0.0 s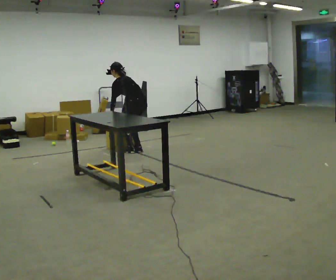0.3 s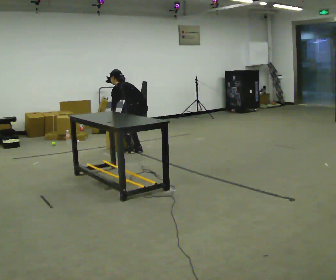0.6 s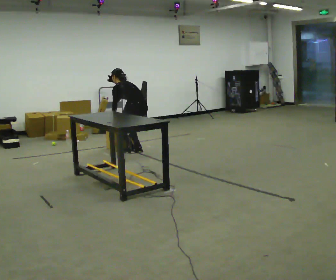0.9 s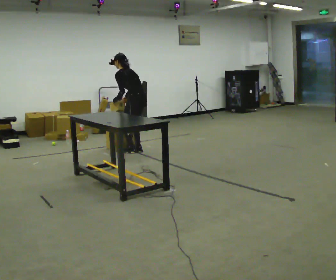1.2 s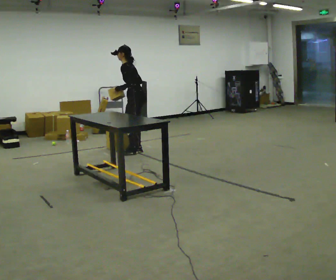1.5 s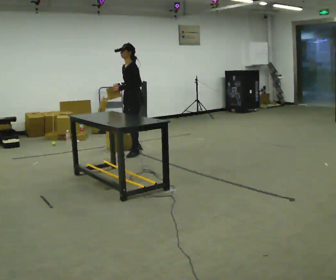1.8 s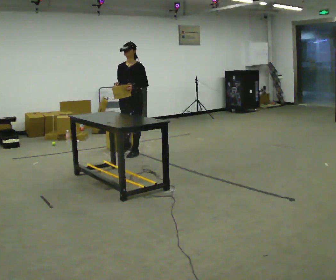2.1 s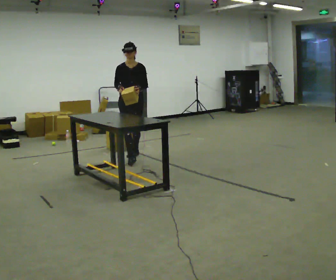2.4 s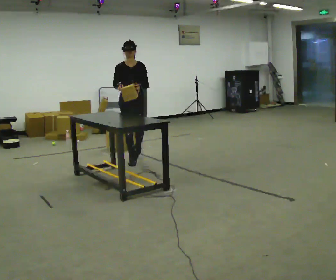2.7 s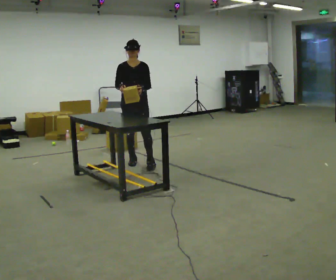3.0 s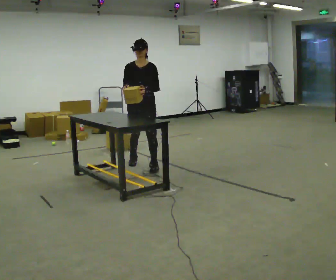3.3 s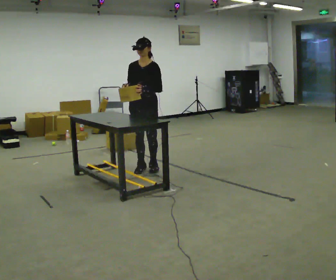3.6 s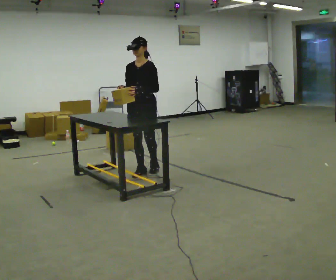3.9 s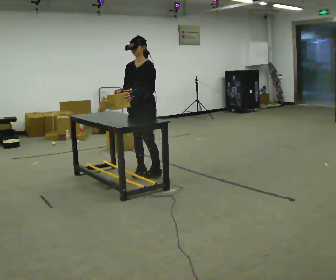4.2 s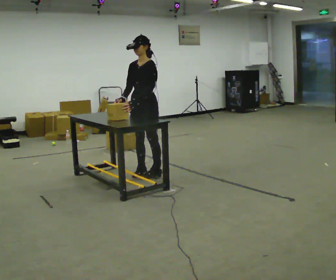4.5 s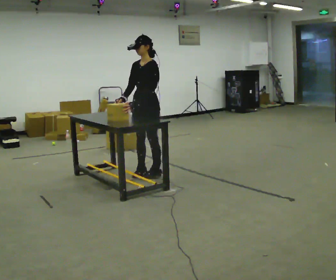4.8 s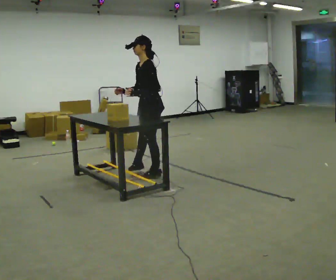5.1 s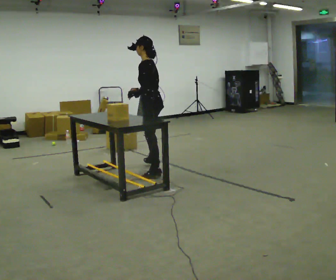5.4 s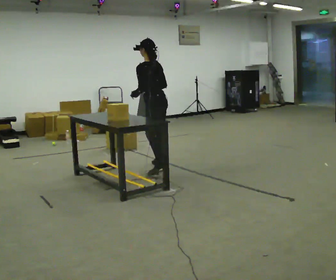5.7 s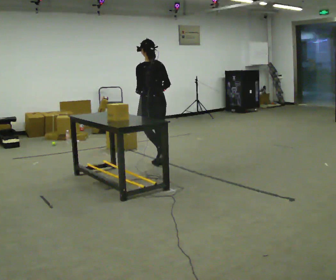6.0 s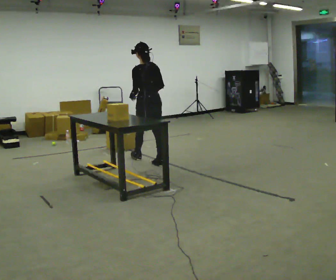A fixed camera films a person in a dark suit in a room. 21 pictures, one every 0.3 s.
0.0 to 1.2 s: The part of the body nearest the lens slides to the right as the person turns to their left by about 30 degrees. In the picture their left hand goes upward.
1.2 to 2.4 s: Seen from above the body turns counterclockwise, about 105 degrees: to their left, with its near side sliding to the right. In the picture they go toward the camera, about 0.5 m in 1 step. In the picture the upper body tilts clockwise, shoulders to the right, as they lean back or straighten.
2.4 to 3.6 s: The person turns about 30 degrees to their right, clockwise seen from above, so the part of the body nearest the lens slides to the left. In the picture they go toward the camera, about 0.5 m in 2 steps, which for them is forward and to their left.
3.6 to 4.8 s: The part of the body nearest the lens slides to the left as the person turns to their right by about 60 degrees.
4.8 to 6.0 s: The person turns about 60 degrees to their right, clockwise seen from above, so the part of the body nearest the lens slides to the left. In the picture they go away from the camera, about 0.5 m in 1 step.
The film runs forward here.
